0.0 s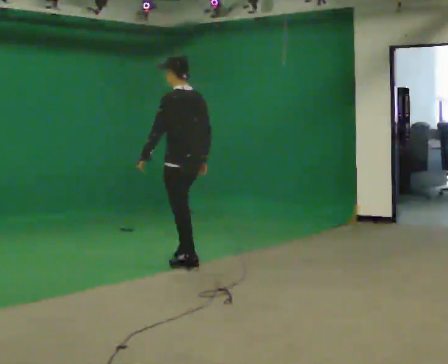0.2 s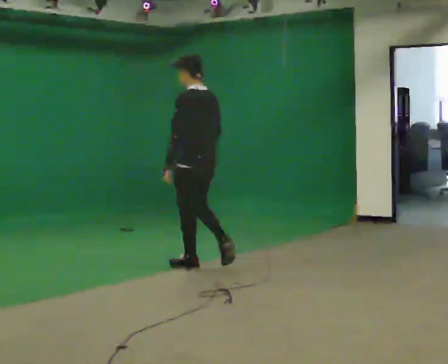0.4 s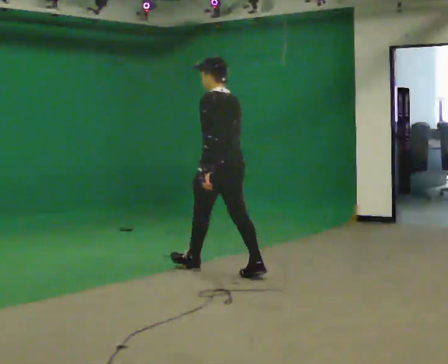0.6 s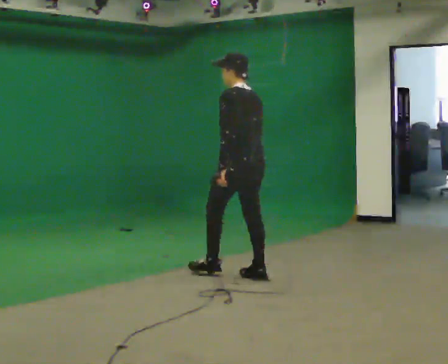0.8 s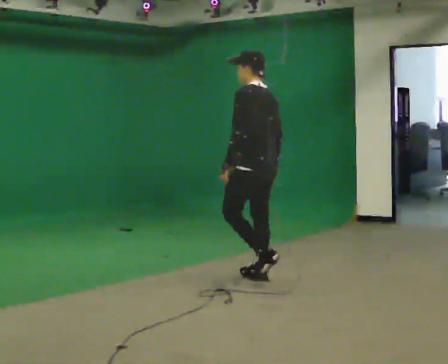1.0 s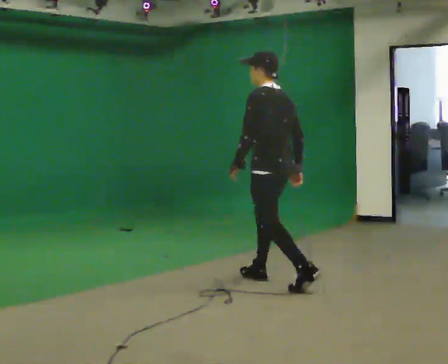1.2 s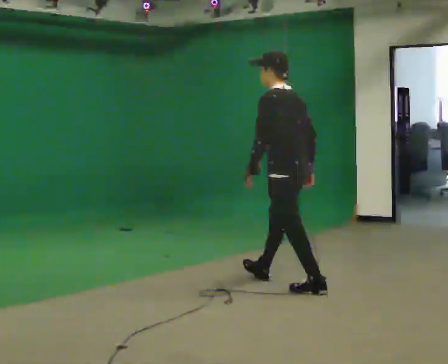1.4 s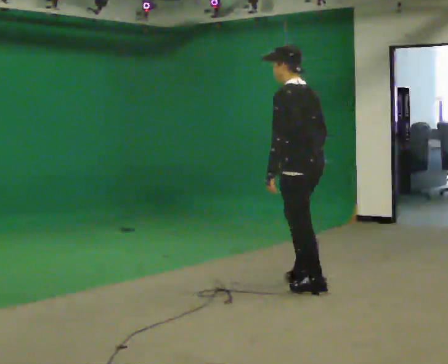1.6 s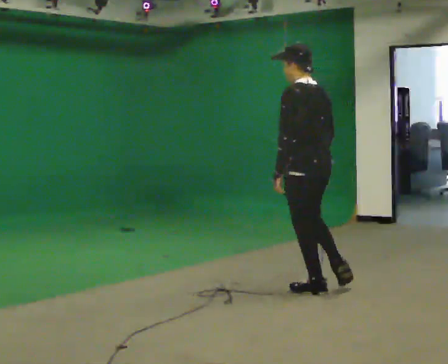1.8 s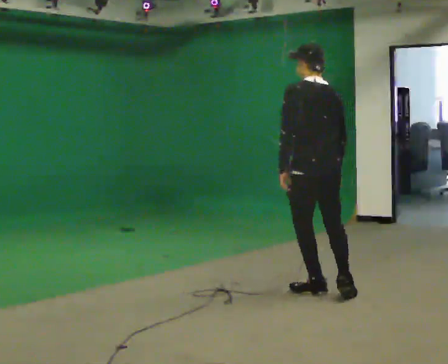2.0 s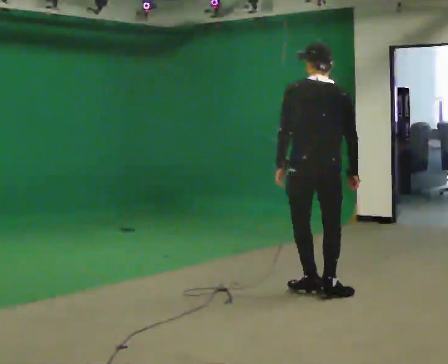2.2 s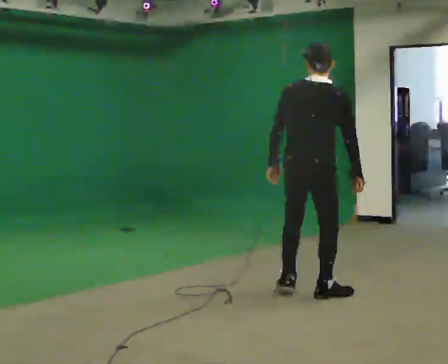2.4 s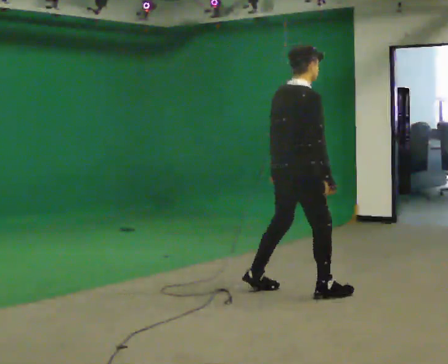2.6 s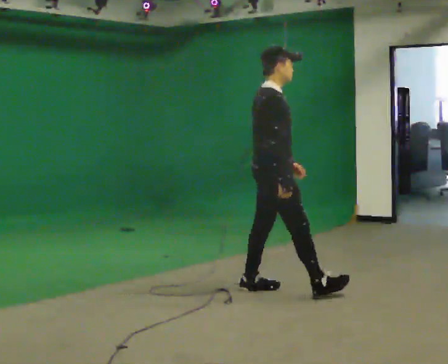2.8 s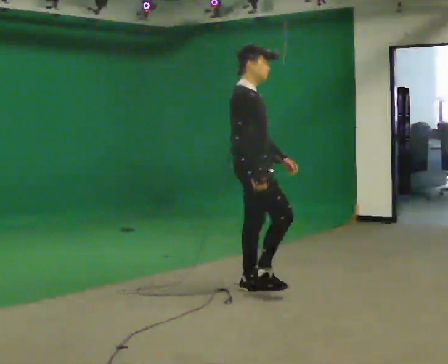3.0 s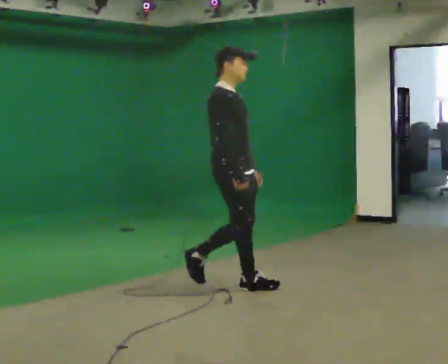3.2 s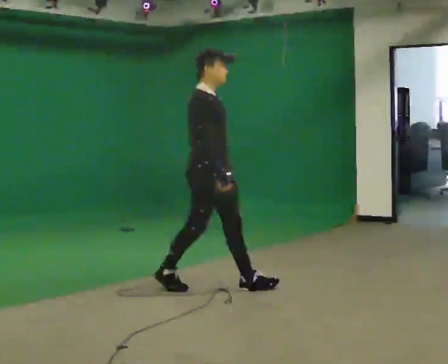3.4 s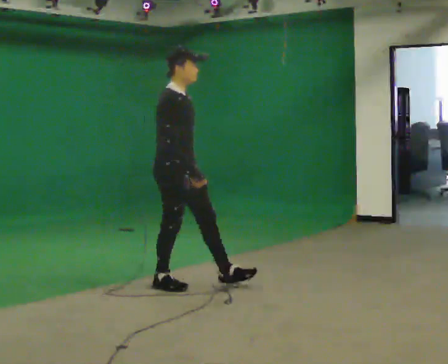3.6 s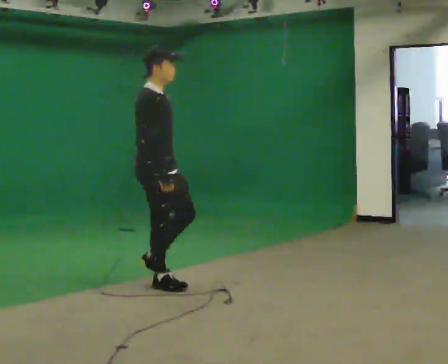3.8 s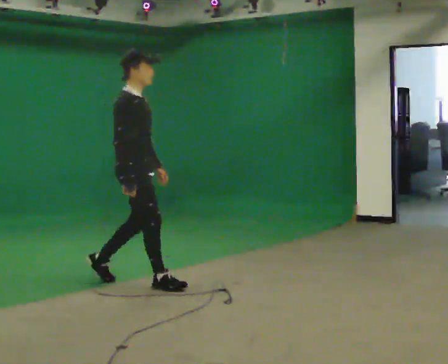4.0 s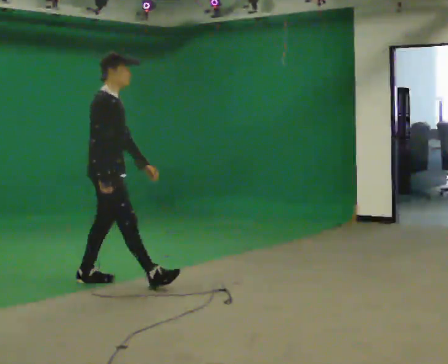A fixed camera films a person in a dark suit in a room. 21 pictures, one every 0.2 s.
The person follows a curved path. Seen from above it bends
clockwise.
0.0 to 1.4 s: In the picture they go to the right and toward the camera, about 1.5 m in 2 steps, which for them is backward.
1.4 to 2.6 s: The person turns about 135 degrees to their right, clockwise seen from above, so the part of the body nearest the lens slides to the left. In the picture they go to the left, about 0.25 m in 2 steps.
2.6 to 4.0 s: In the picture they go to the left, about 1 m in 2 steps, which for them is backward.
The film runs backward here.
